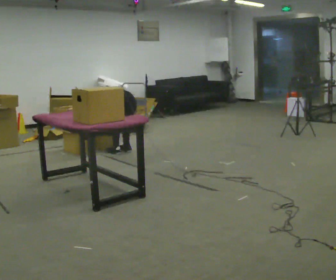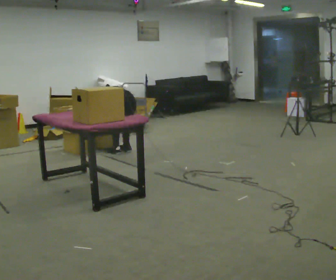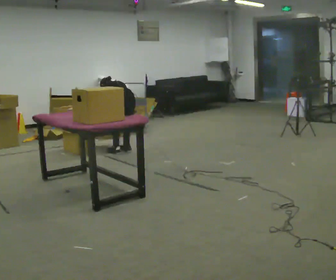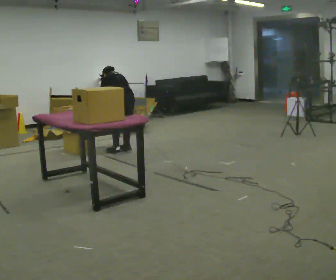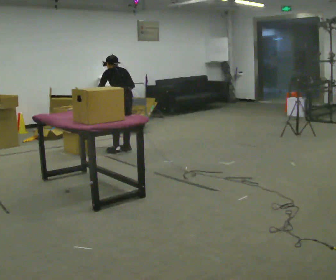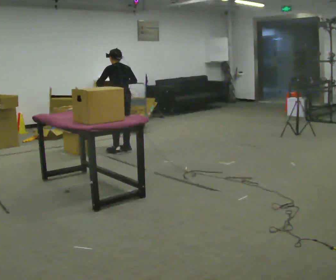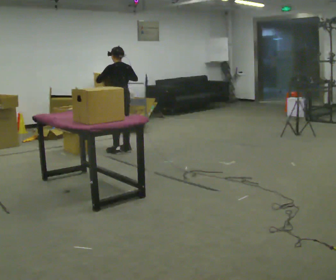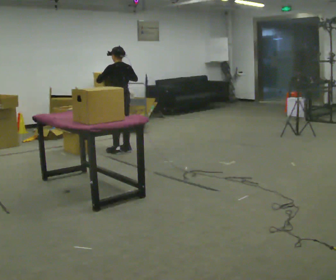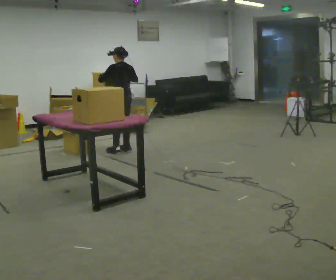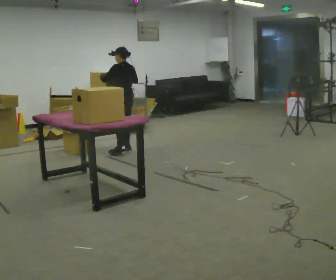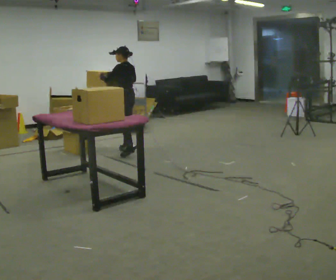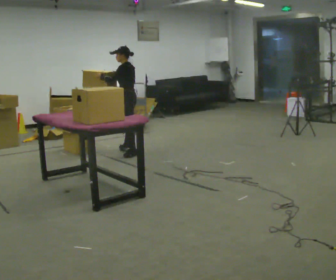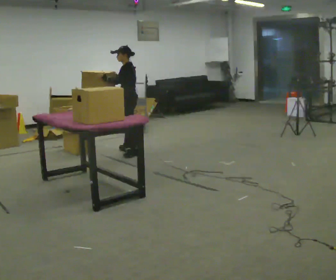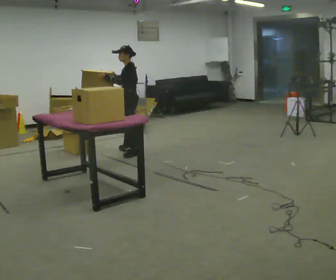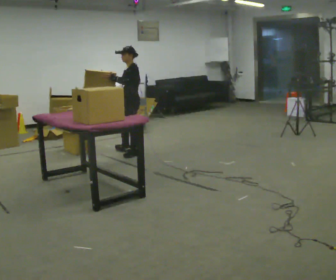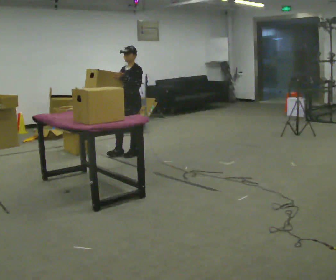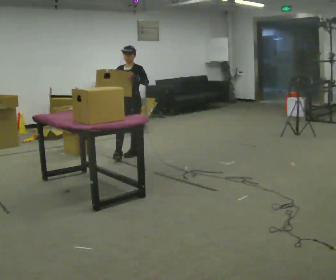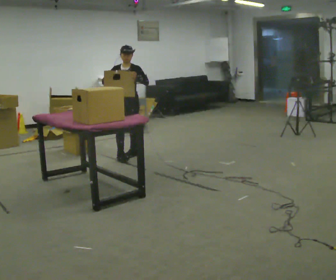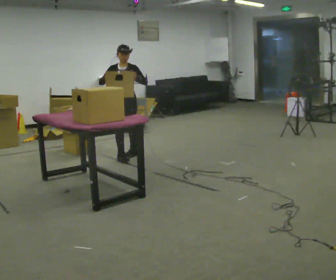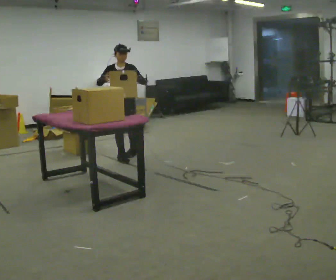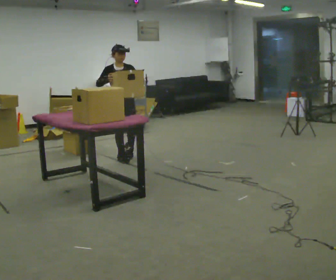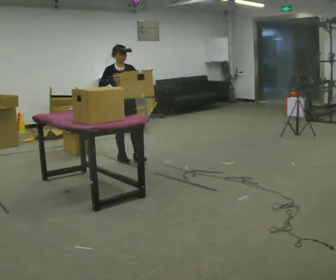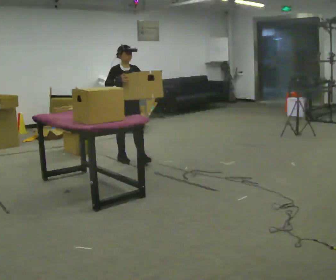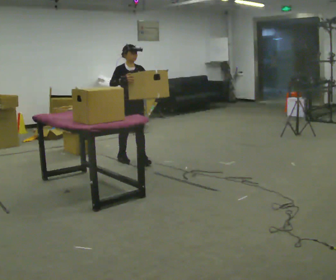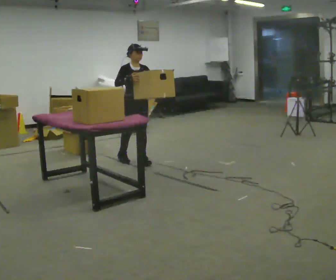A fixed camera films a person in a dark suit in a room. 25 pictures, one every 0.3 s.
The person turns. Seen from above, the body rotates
counterclockwise.
Their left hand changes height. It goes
upward.
0.0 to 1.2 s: The shoulders move upward. The upper body tips toward the camera, its near side rolling downward, as they lean back or straighten. In the picture their right hand goes upward.
1.2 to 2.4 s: The person moves a little, or ends about where they began.
2.4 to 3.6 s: Seen from above the body turns counterclockwise, about 45 degrees: to their left, with its near side sliding to the right.
3.6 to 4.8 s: The part of the body nearest the lens slides to the right as the person turns to their left by about 75 degrees.
4.8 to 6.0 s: The part of the body nearest the lens slides to the right as the person turns to their left by about 45 degrees. In the picture they go toward the camera, about 0.25 m, which for them is forward.
6.0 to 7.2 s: In the picture they go to the right and toward the camera, about 0.25 m in 1 step, which for them is forward.
The film runs forward here.
